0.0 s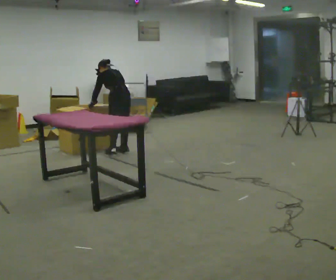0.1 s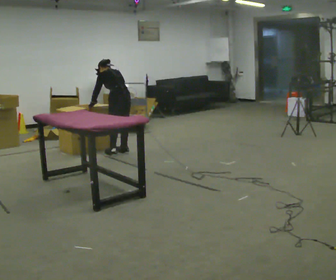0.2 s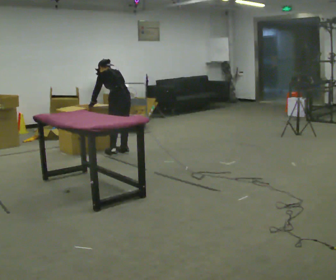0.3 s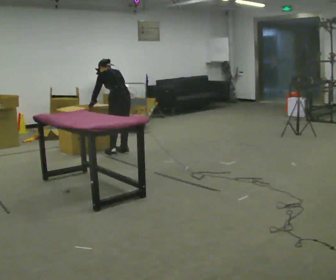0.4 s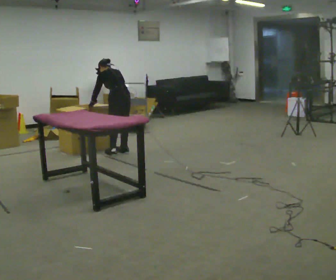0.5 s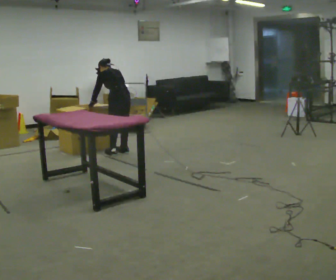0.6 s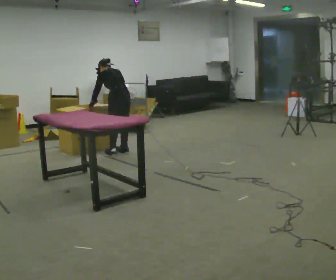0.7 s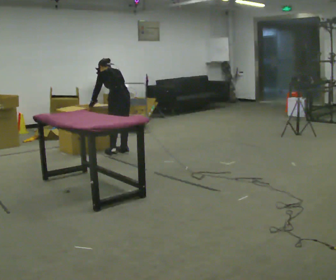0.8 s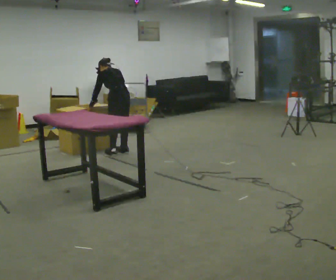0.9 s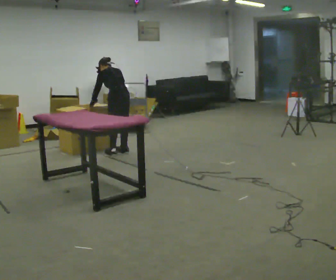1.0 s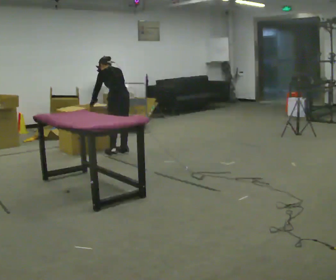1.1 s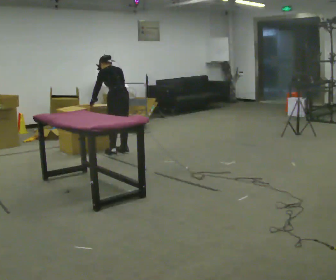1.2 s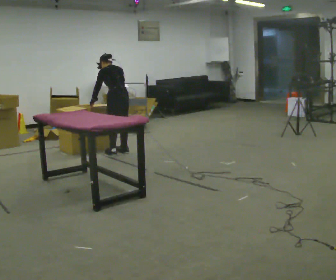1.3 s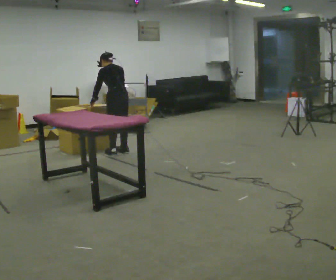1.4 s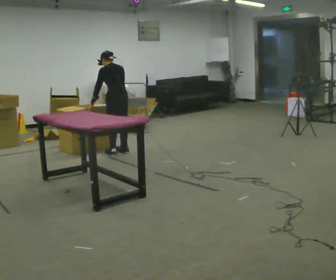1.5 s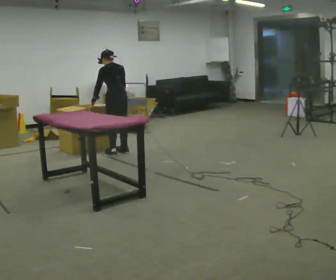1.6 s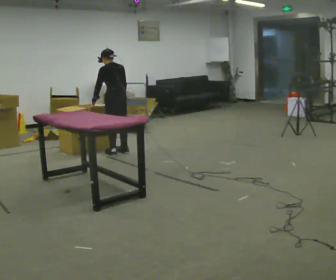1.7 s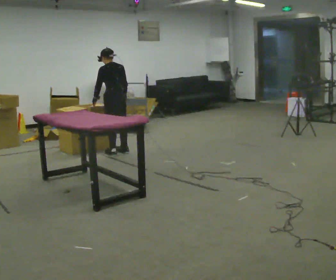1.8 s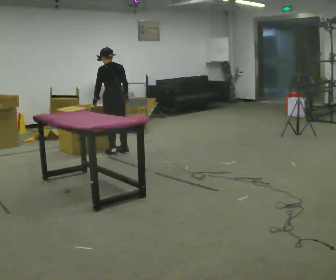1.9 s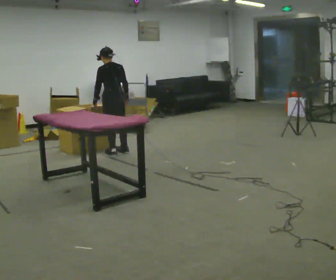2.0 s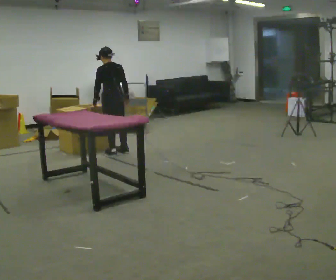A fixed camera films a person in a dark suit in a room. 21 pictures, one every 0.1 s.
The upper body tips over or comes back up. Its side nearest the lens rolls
downward.
0.0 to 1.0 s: The person moves a little, or ends about where they began.
1.0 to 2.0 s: The upper body tips toward the camera, its near side rolling downward, as they lean back or straighten.
The film runs backward here.
